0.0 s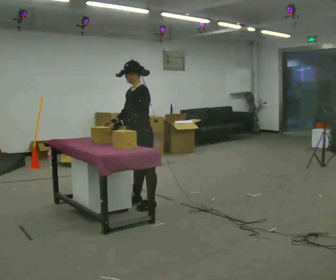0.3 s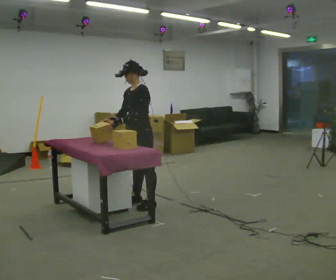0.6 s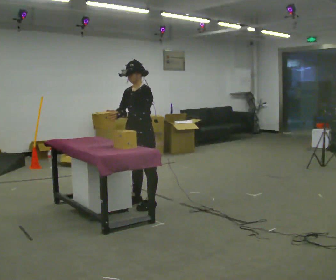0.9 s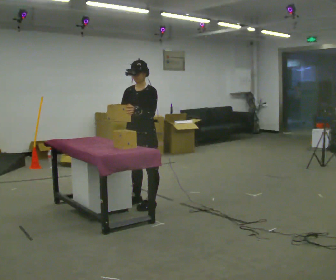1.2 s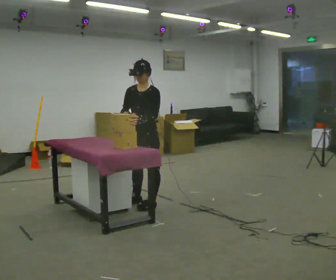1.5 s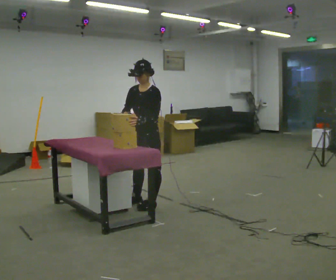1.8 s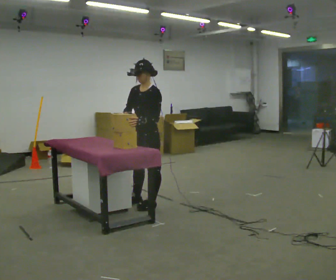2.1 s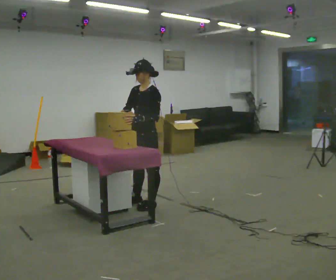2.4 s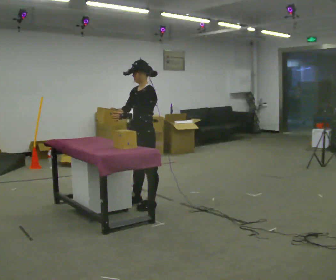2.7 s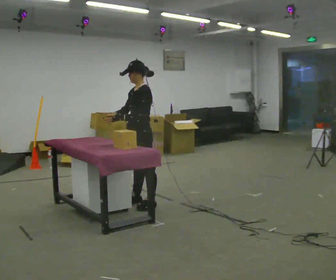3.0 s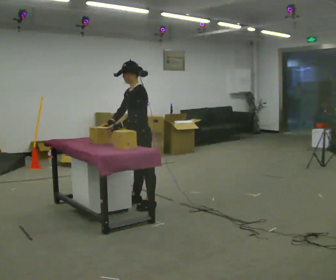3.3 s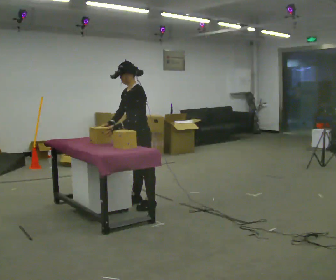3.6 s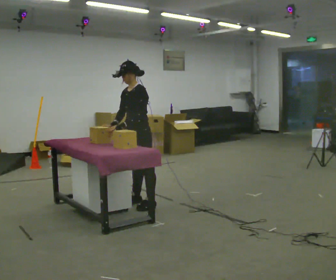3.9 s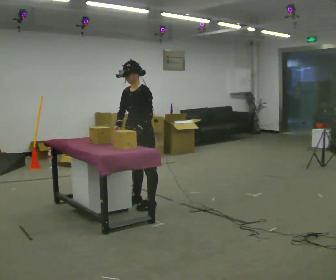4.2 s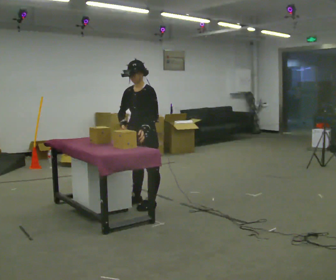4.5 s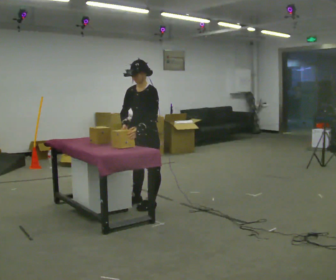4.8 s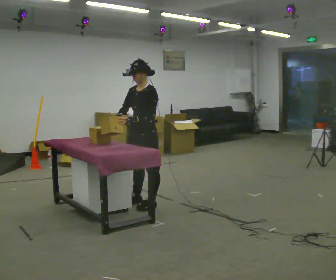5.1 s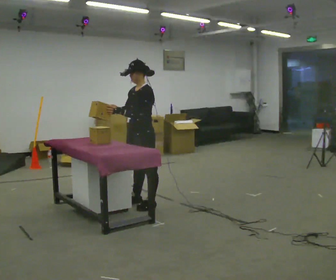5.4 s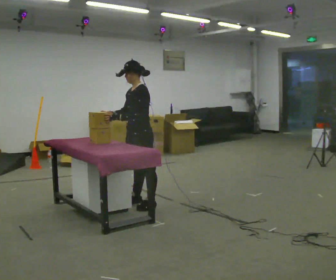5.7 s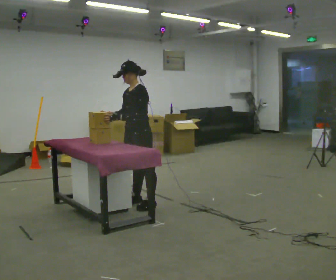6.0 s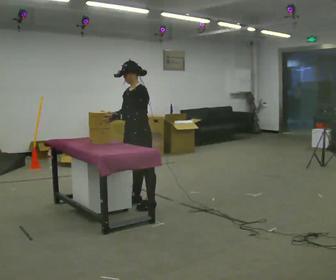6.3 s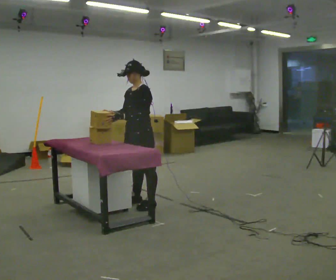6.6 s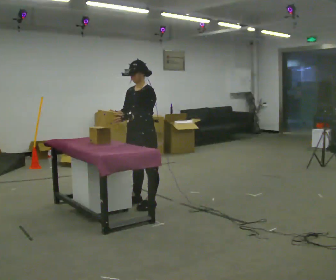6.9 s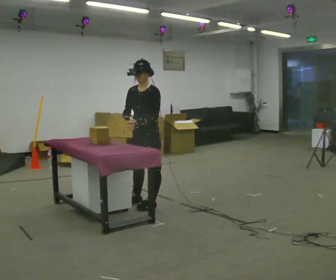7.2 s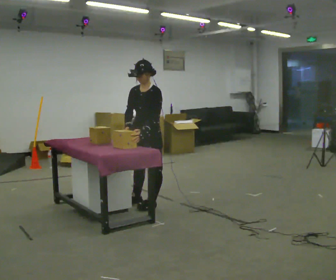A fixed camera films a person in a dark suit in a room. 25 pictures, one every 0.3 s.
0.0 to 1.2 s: Seen from above the body turns counterclockwise, about 30 degrees: to their left, with its near side sliding to the right.
1.2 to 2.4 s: The person turns about 30 degrees to their right, clockwise seen from above, so the part of the body nearest the lens slides to the left.
2.4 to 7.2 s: The person moves a little, or ends about where they began.
The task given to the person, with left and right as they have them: Lift the heavy object with both hands and set it down again in a different spot on the same surface. Repeat at your own pace until the operator says stop. Keep both feet on the marked spots for the whole take. If you have to step, stop and tell the operator.
The film runs forward here.
